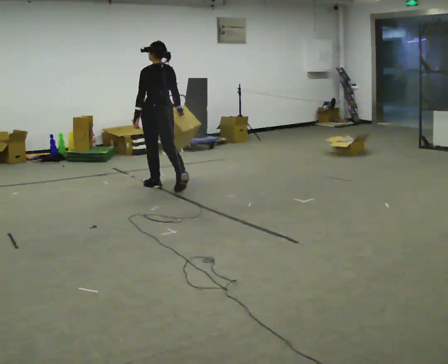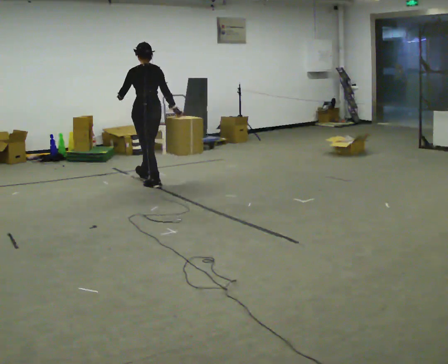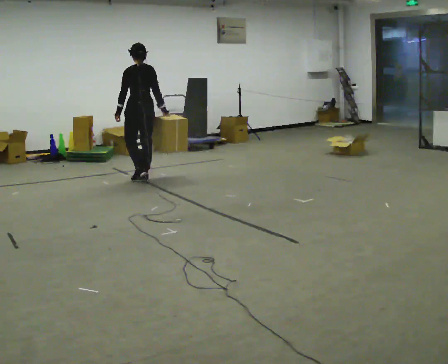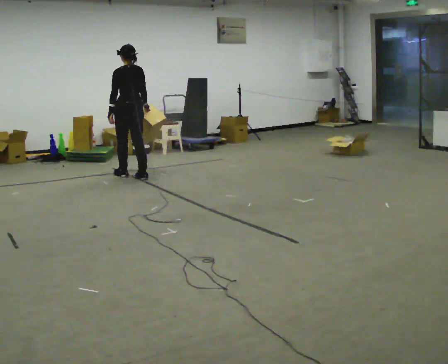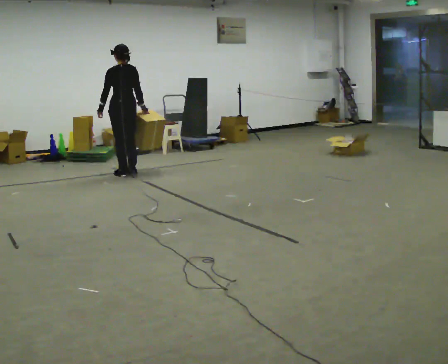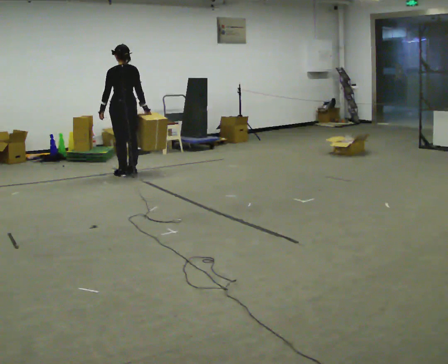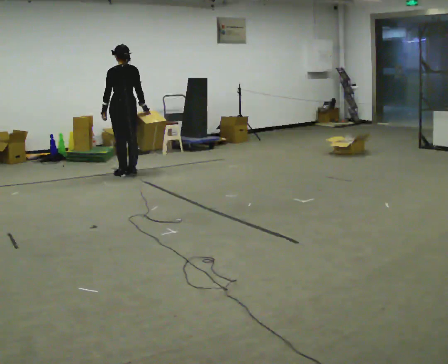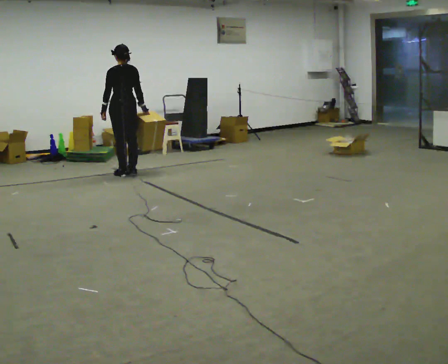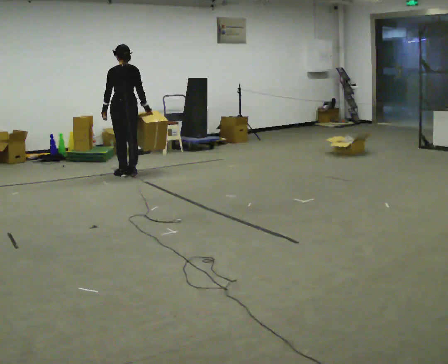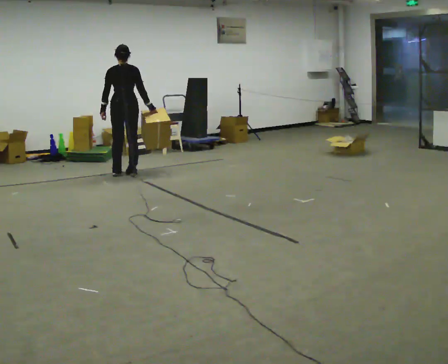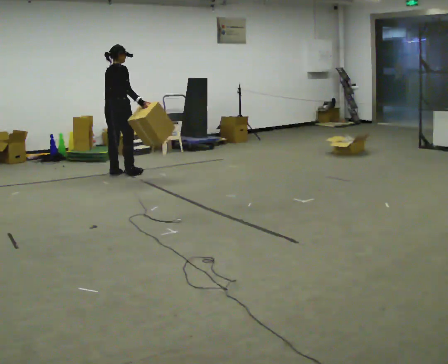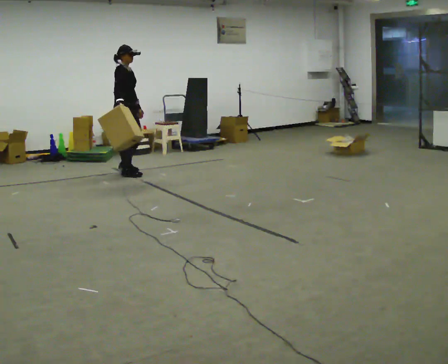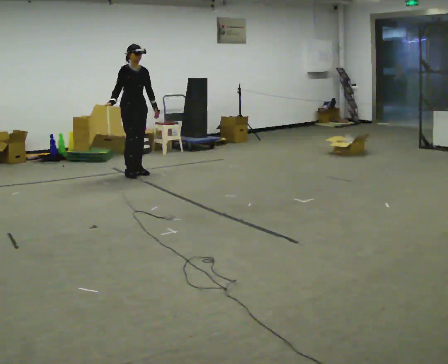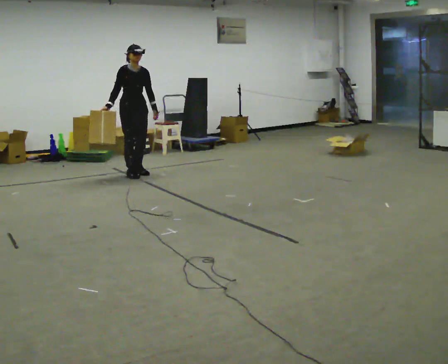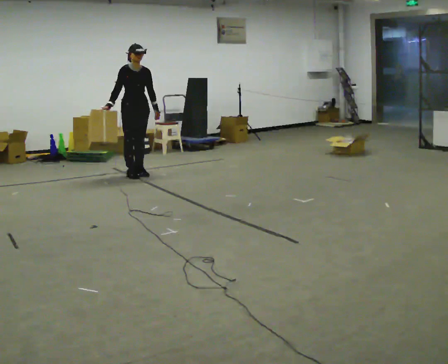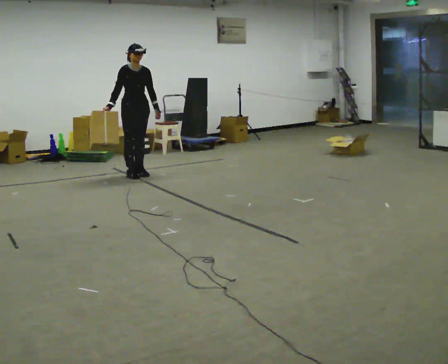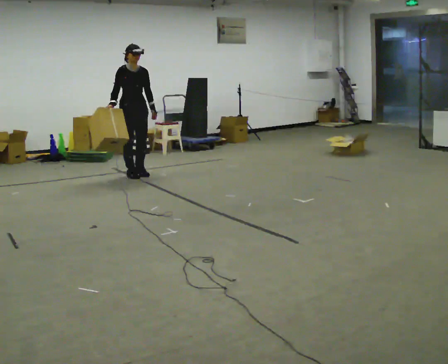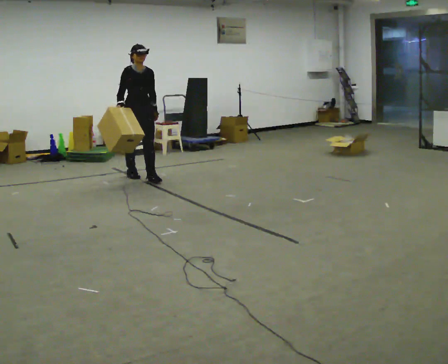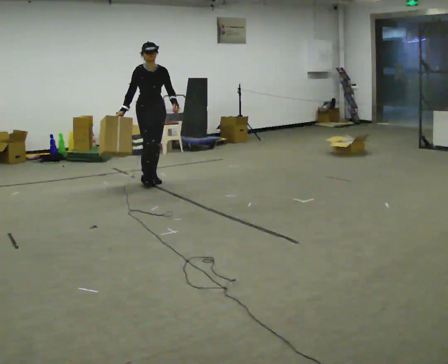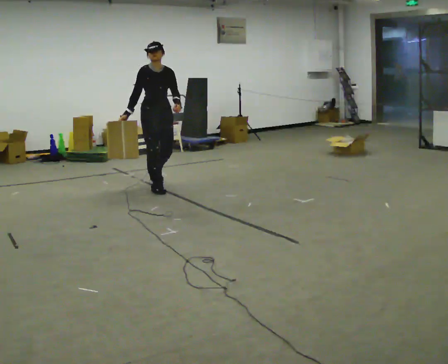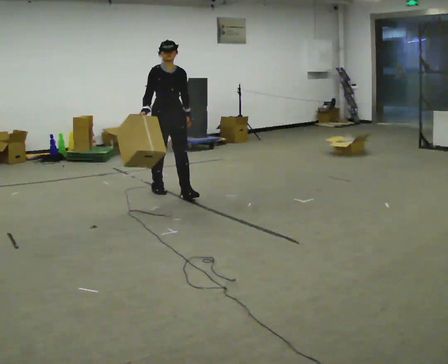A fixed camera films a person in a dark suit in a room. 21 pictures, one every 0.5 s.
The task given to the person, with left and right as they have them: Carry the box across the room while freely looking around at the walls, ceiling and floor. Keep going until the operator says stop; one object at a time, and do not rush between trips.
0.0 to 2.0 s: In the picture they go away from the camera and to the left, about 1 m in 3 steps, which for them is forward.
2.0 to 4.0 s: The person moves a little, or ends about where they began.
4.0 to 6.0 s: Seen from above the body turns clockwise, about 165 degrees: to their right, with its near side sliding to the left. In the picture their right hand goes to the left, the arm swinging clockwise.
6.0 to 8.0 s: The person moves a little, or ends about where they began.
8.0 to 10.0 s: In the picture they go toward the camera and to the right, about 1 m in 3 steps, which for them is forward.
The film runs forward here.
